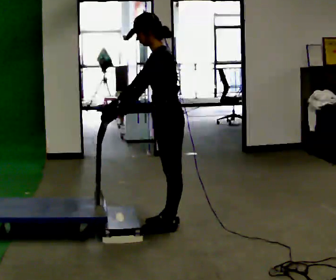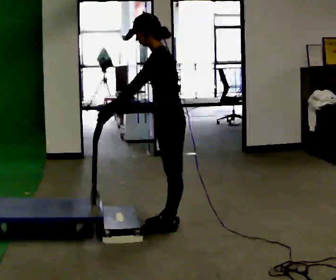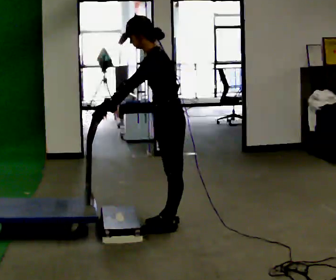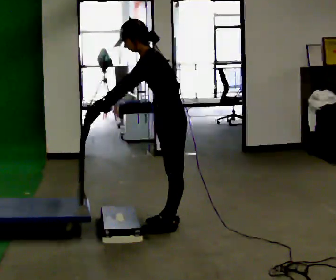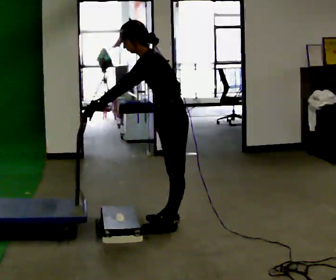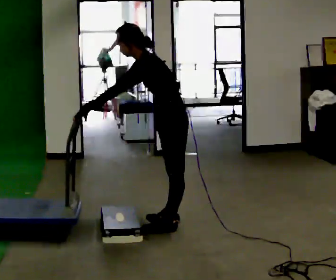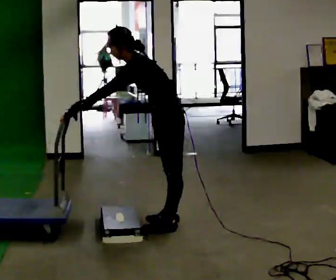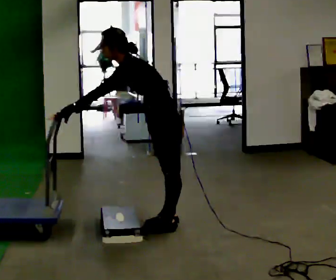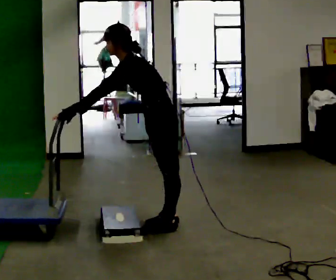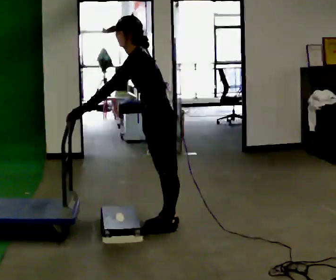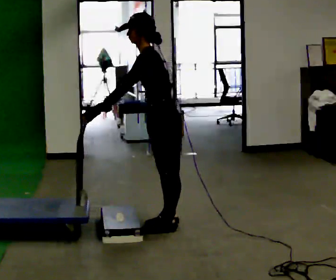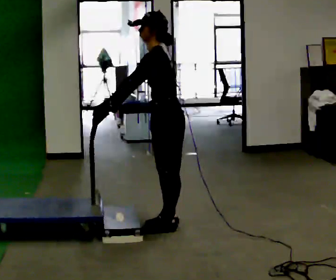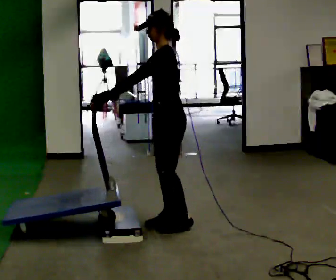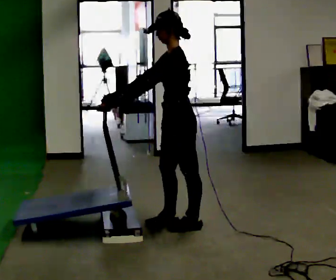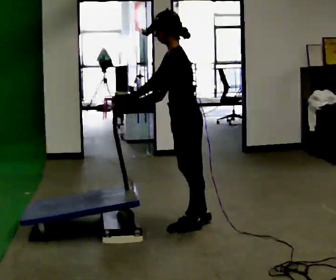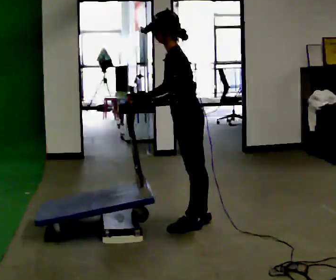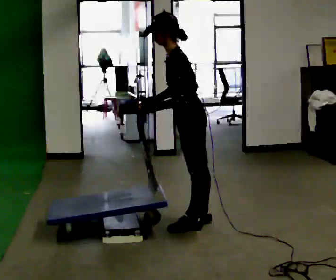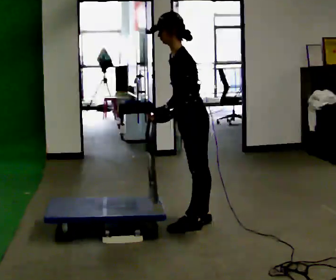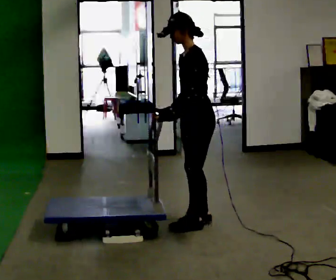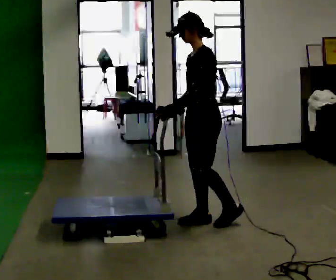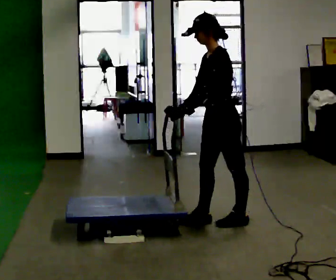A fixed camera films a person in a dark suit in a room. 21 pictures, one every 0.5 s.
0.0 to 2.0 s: In the picture the upper body tilts counterclockwise, shoulders to the left, as they bend forward.
2.0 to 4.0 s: The person moves a little, or ends about where they began.
4.0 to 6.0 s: In the picture the upper body tilts clockwise, shoulders to the right, as they lean back or straighten.
6.0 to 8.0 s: In the picture their right hand goes to the right.
8.0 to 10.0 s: In the picture they go to the right, about 0.25 m in 1 step, which for them is backward.
The film runs backward here.
